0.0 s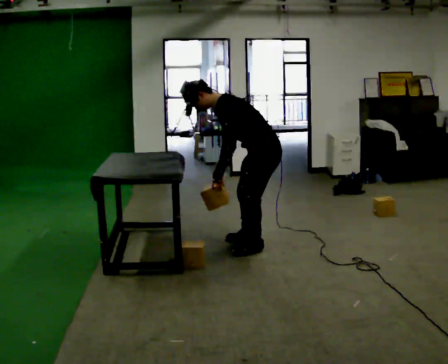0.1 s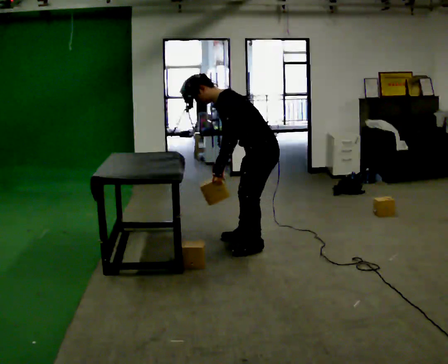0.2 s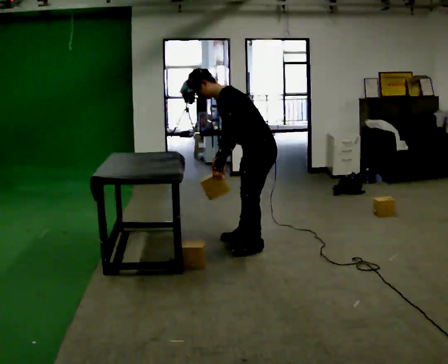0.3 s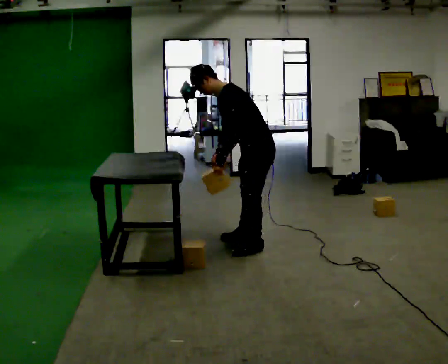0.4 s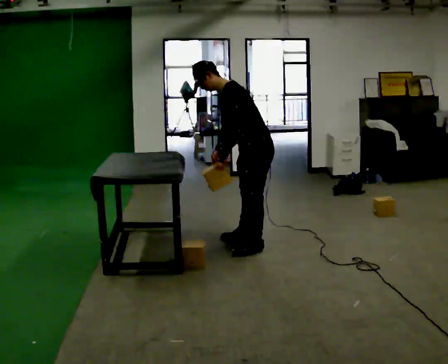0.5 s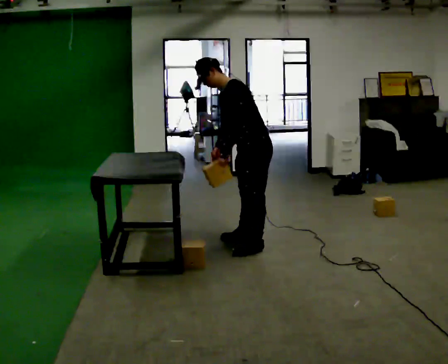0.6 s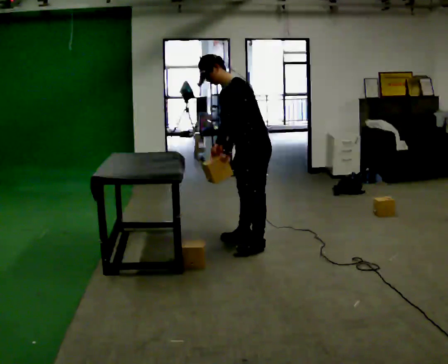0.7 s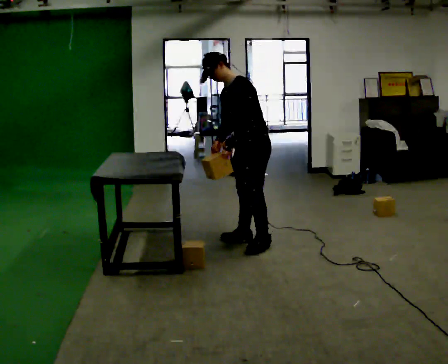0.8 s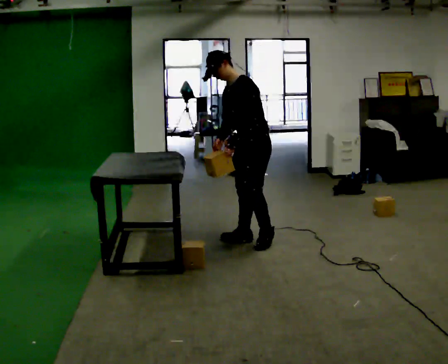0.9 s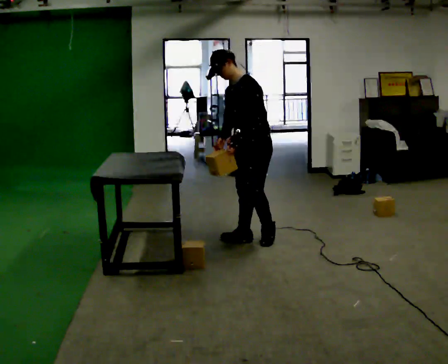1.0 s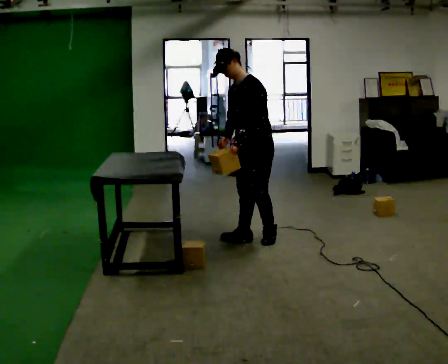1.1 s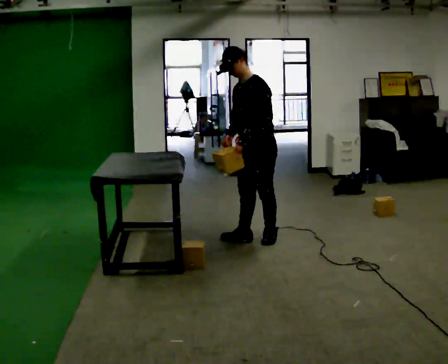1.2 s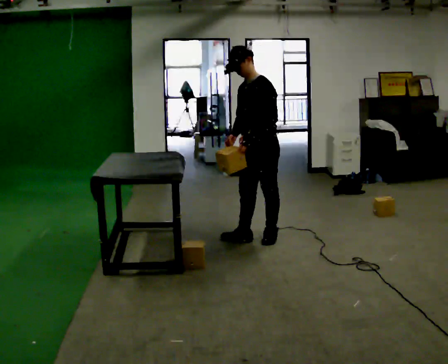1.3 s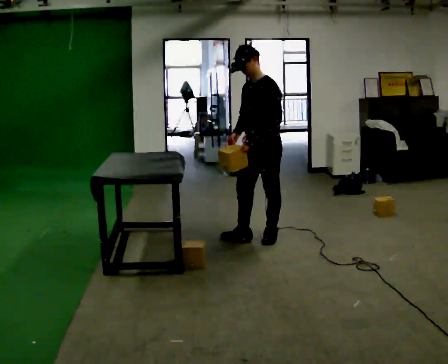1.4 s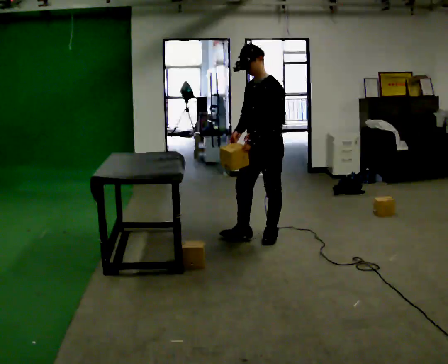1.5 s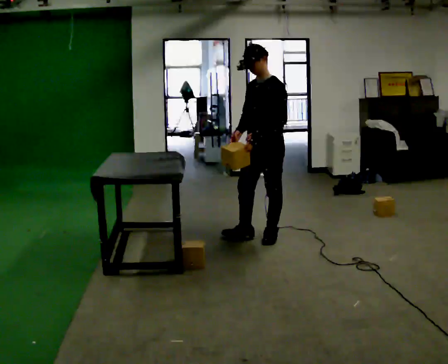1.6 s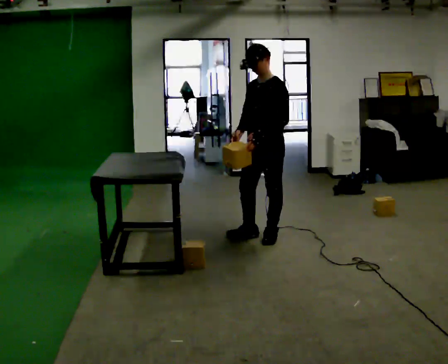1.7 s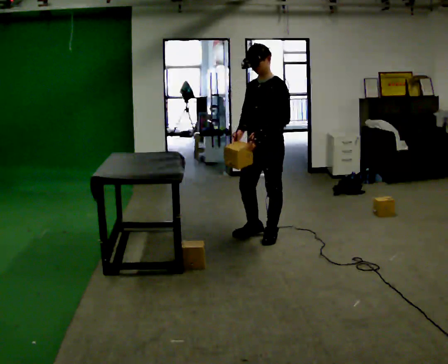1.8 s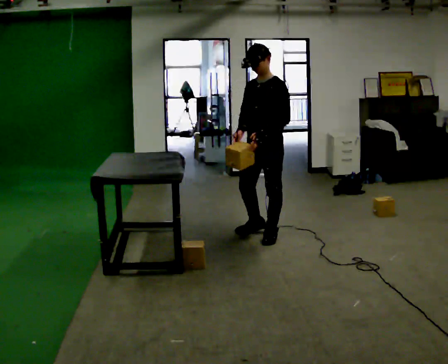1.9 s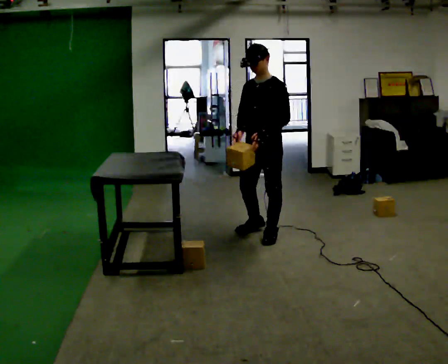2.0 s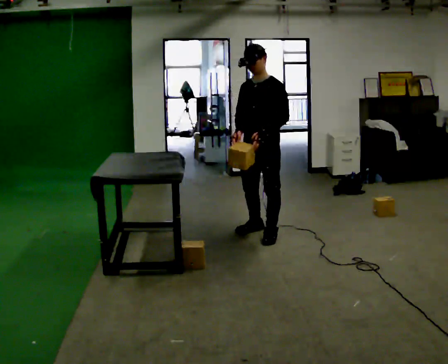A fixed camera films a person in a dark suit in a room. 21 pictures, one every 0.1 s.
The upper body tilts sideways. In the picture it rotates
clockwise.
0.0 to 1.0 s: The part of the body nearest the lens slides to the right as the person turns to their left by about 30 degrees. In the picture they go away from the camera, about 0.25 m in 1 step, which for them is to their right. The shoulders move upward. In the picture the upper body tilts clockwise, shoulders to the right, as they lean back or straighten.
1.0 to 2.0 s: The person moves a little, or ends about where they began.
The film runs backward here.
